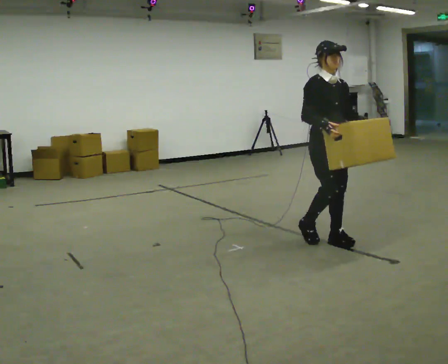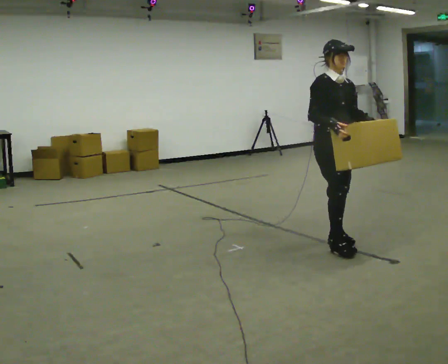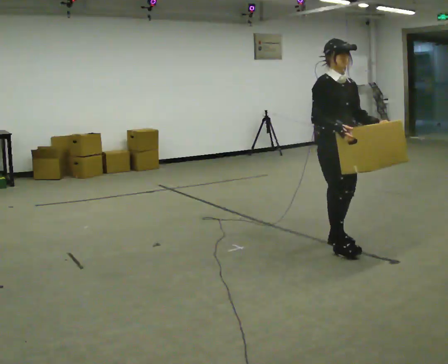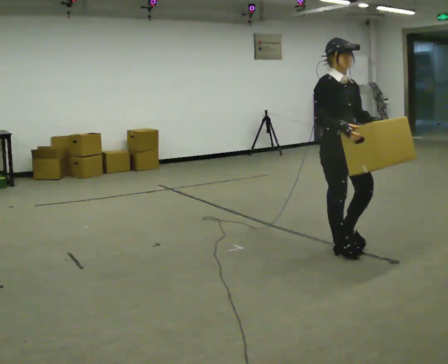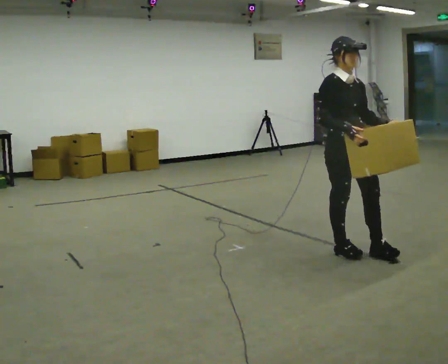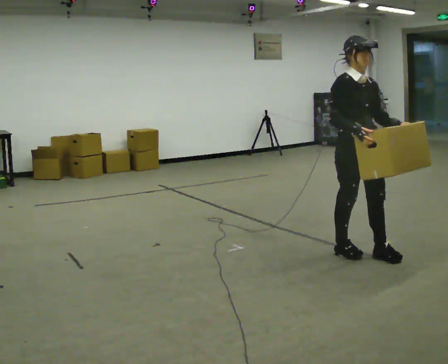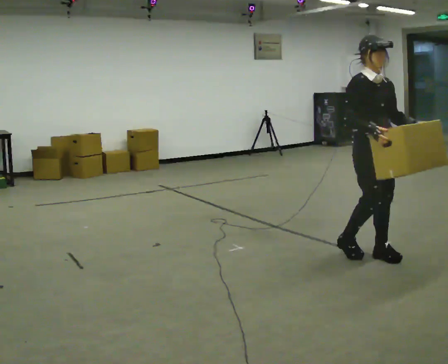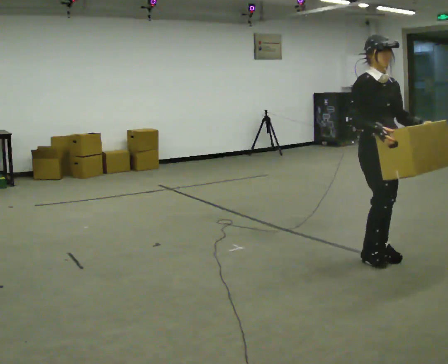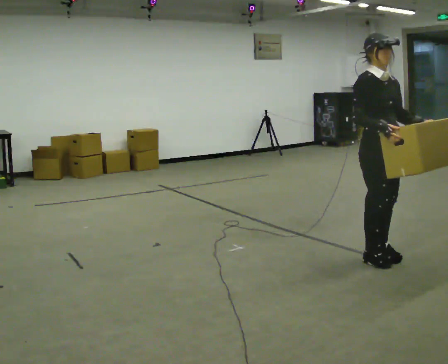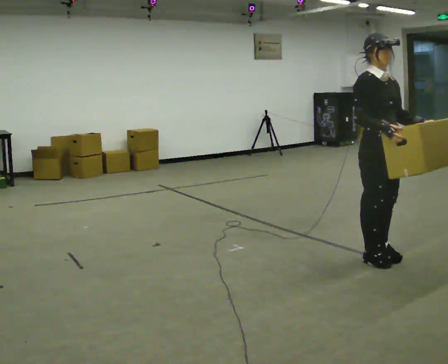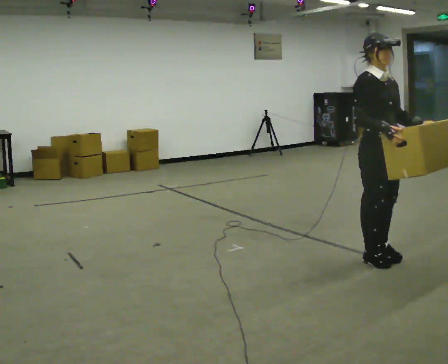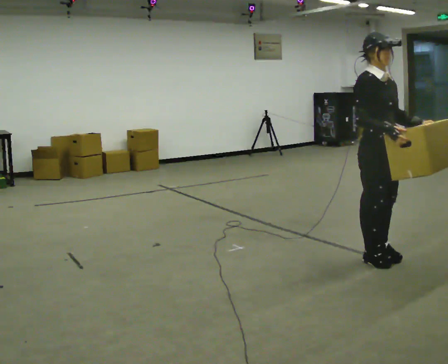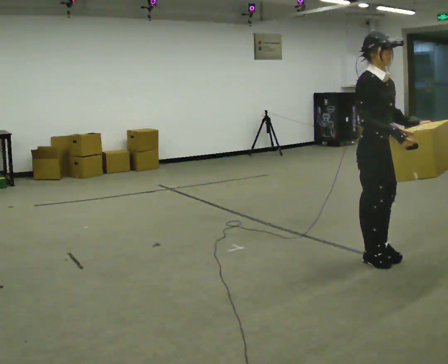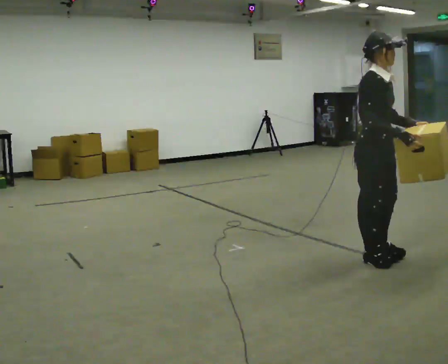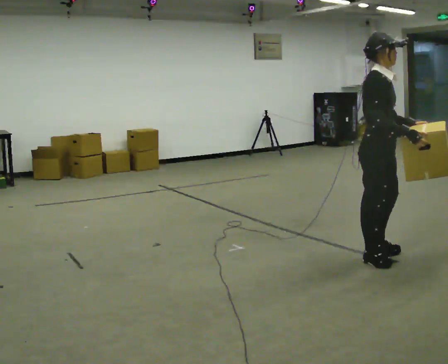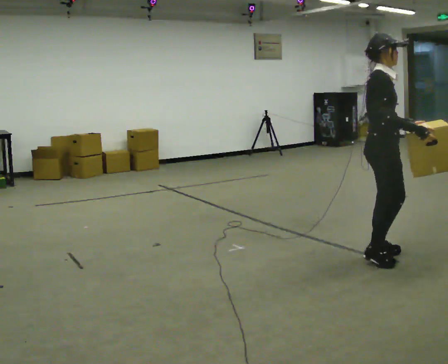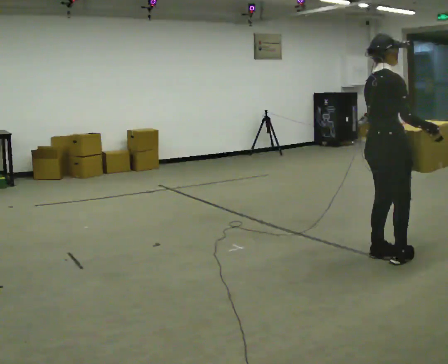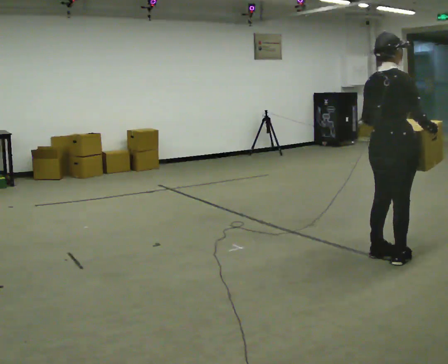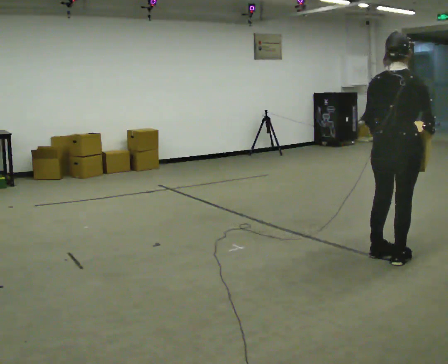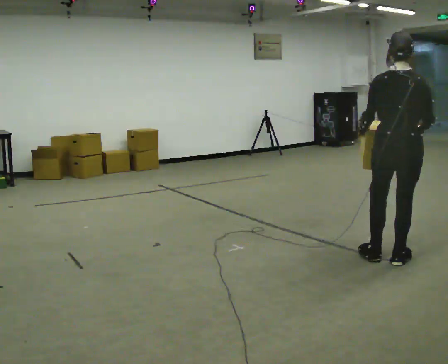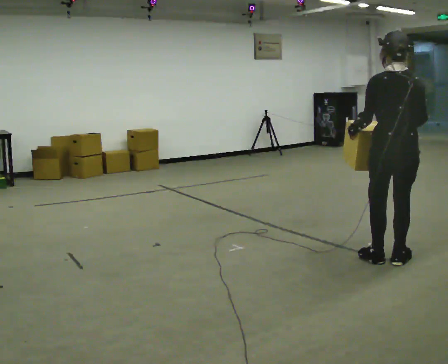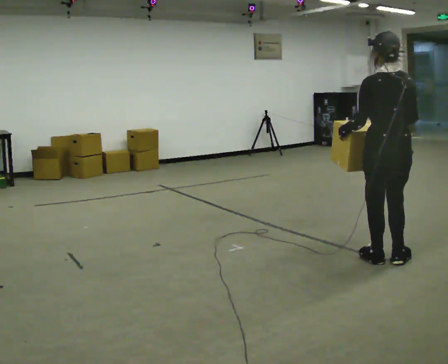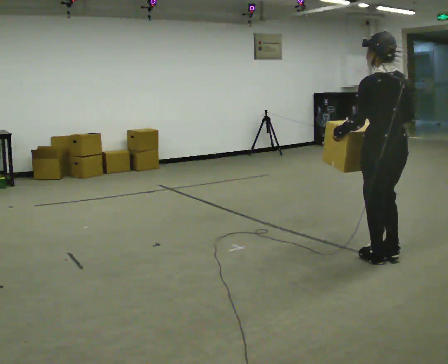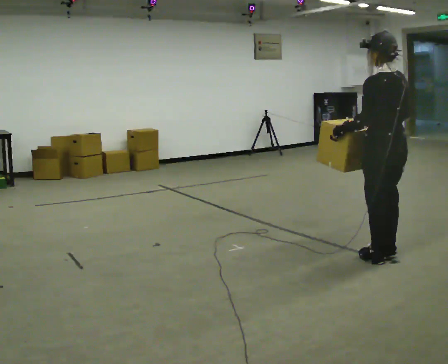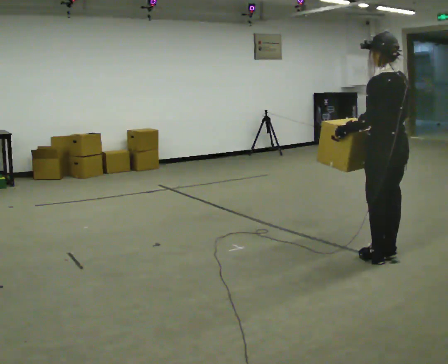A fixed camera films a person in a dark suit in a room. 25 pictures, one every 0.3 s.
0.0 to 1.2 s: In the picture they go toward the camera and to the right, about 0.25 m in 1 step, which for them is forward.
1.2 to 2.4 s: In the picture they go to the right, about 0.25 m in 2 steps, which for them is forward and to their left.
2.4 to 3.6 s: The person moves a little, or ends about where they began.
3.6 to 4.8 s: Seen from above the body turns counterclockwise, about 60 degrees: to their left, with its near side sliding to the right.
4.8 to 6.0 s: The part of the body nearest the lens slides to the right as the person turns to their left by about 75 degrees.
6.0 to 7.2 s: The part of the body nearest the lens slides to the right as the person turns to their left by about 30 degrees.
The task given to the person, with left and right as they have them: Carry the box across the room much more slowly and carefully than normal, back and forth.
The film runs forward here.
